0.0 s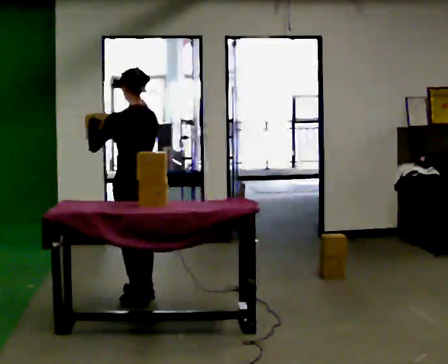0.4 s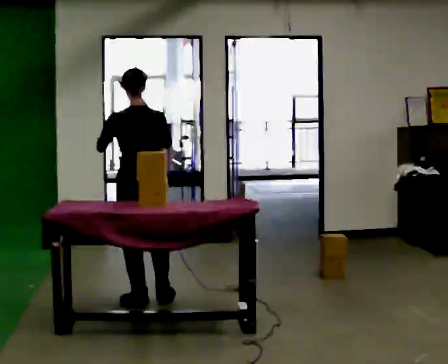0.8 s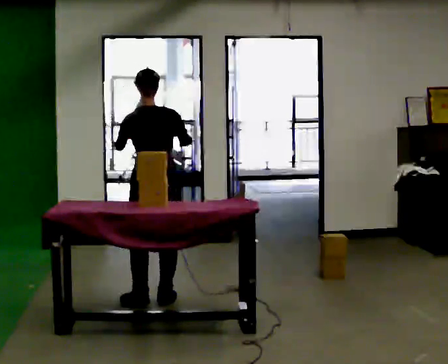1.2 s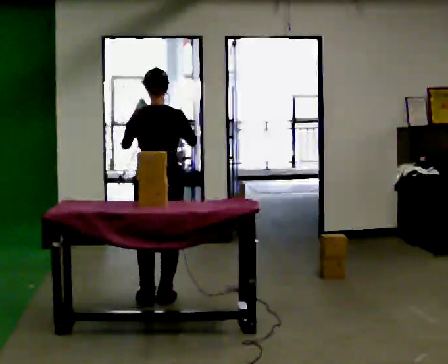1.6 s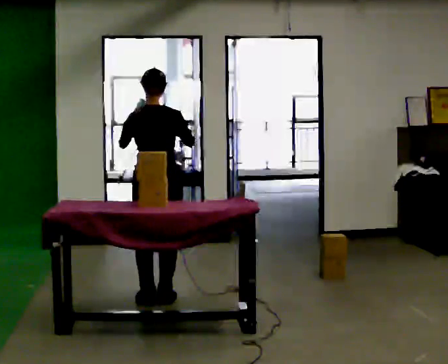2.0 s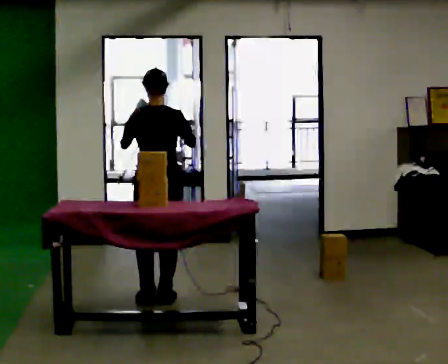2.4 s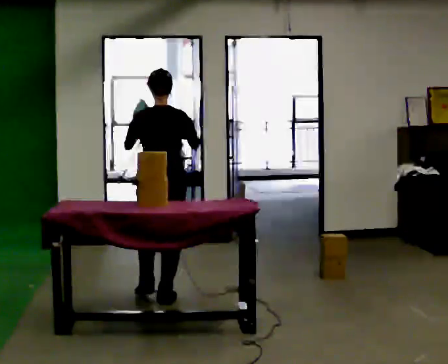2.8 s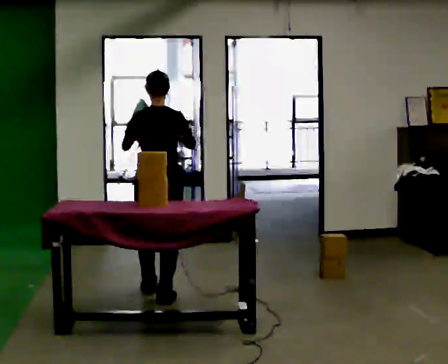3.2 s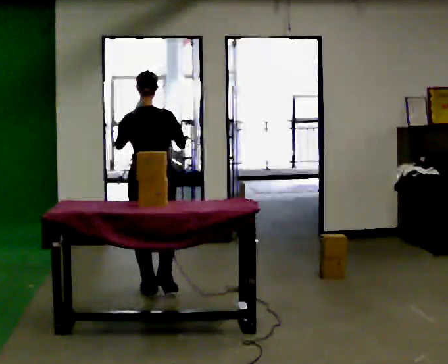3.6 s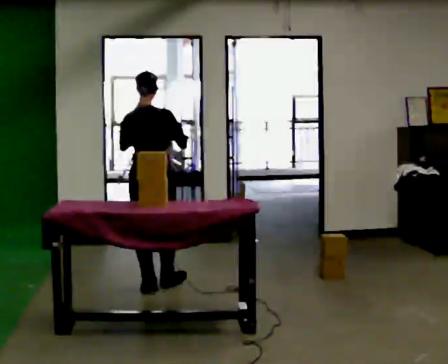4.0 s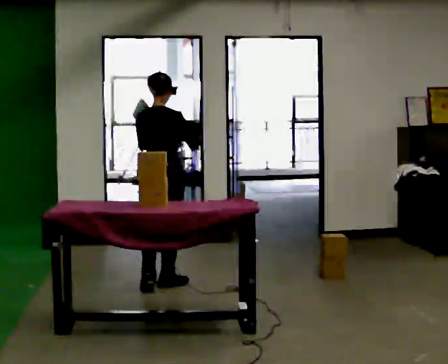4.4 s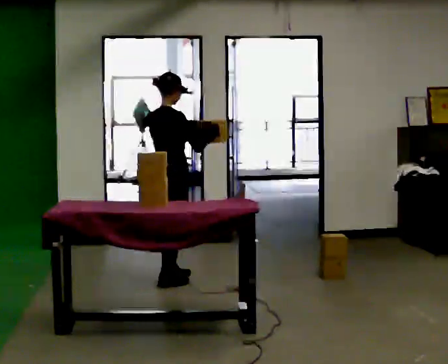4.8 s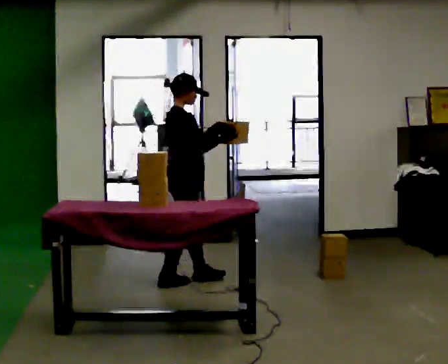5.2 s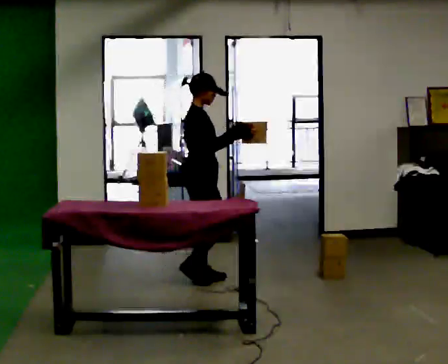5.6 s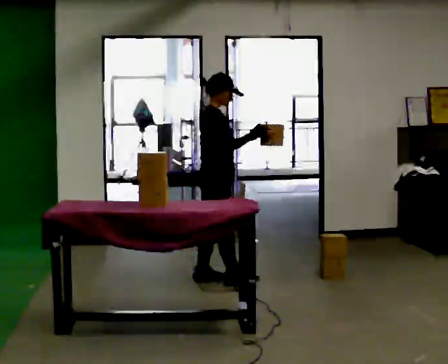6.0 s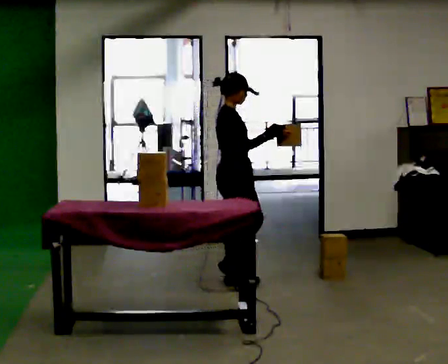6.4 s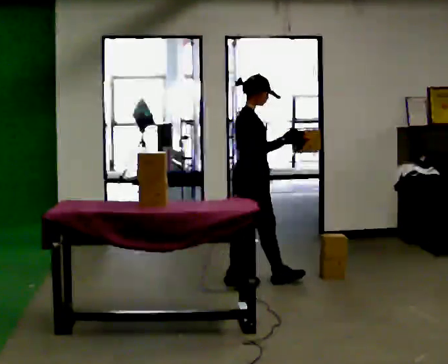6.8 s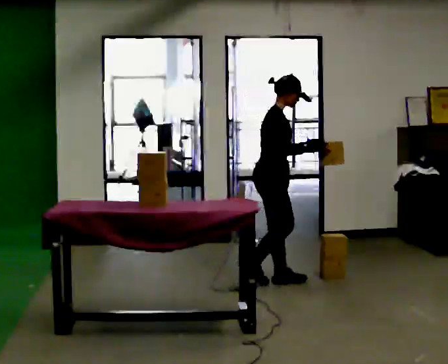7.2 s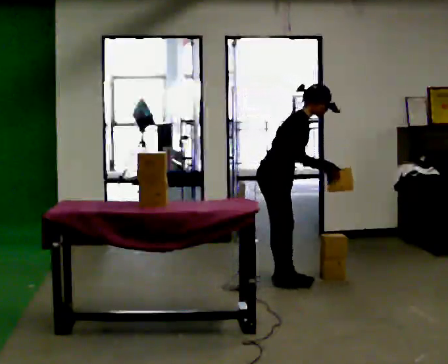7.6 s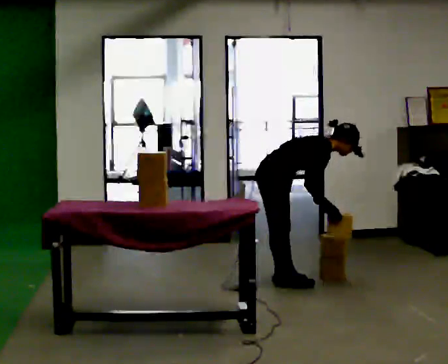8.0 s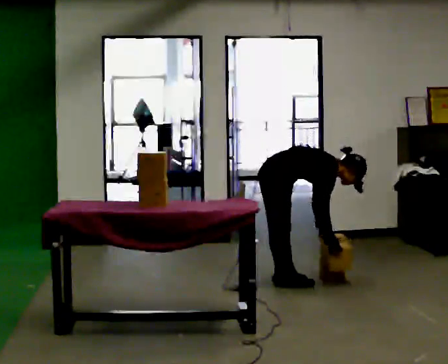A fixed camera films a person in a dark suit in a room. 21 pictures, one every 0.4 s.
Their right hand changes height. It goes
downward.
Their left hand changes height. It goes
downward.
0.0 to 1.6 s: Seen from above the body turns clockwise, about 45 degrees: to their right, with its near side sliding to the left. In the picture their right hand goes to the right.
1.6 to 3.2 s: In the picture they go away from the camera, about 0.25 m in 1 step, which for them is forward.
3.2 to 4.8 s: Seen from above the body turns clockwise, about 75 degrees: to their right, with its near side sliding to the left. In the picture they go away from the camera and to the right, about 0.5 m in 2 steps.
4.8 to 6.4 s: In the picture they go to the right, about 0.5 m in 2 steps, which for them is forward.
6.4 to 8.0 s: In the picture they go to the right, about 0.25 m in 1 step, which for them is forward. The shoulders move downward. In the picture the upper body tilts clockwise, shoulders to the right, as they bend forward. In the picture their left hand goes downward, the arm swinging clockwise.
The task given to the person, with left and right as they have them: Take boxes off the top of the stack one at a time and carry them away, walking back for each one. Keep going until the operator says stop; one object at a time, and do not rush between trips.
The film runs forward here.
